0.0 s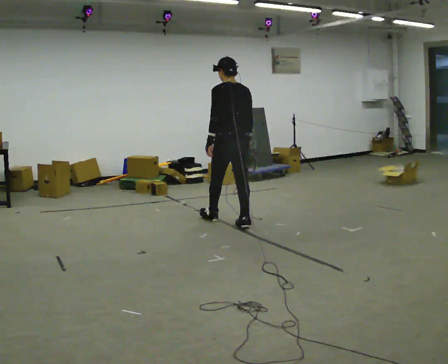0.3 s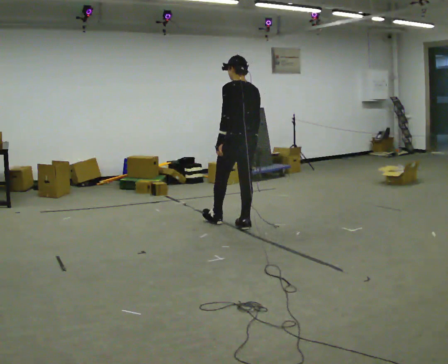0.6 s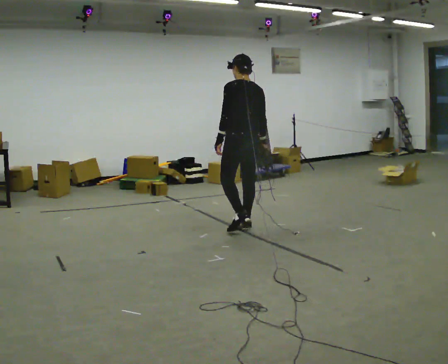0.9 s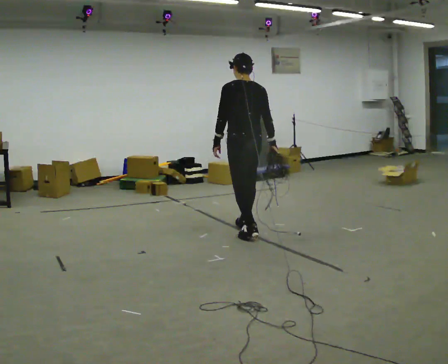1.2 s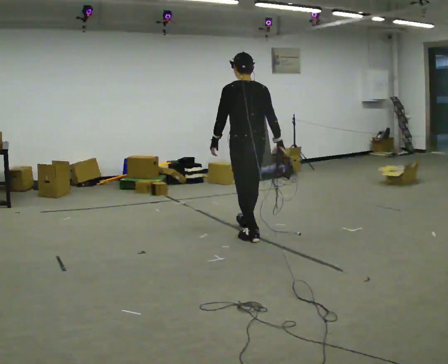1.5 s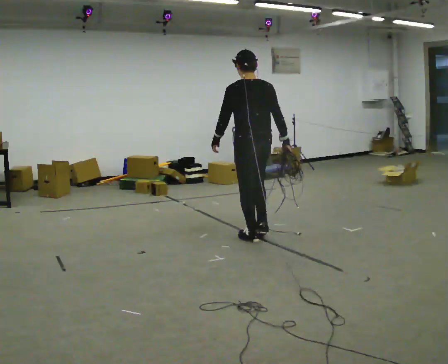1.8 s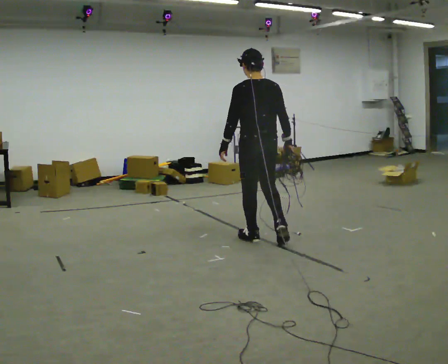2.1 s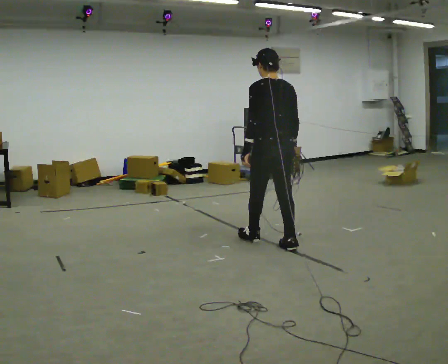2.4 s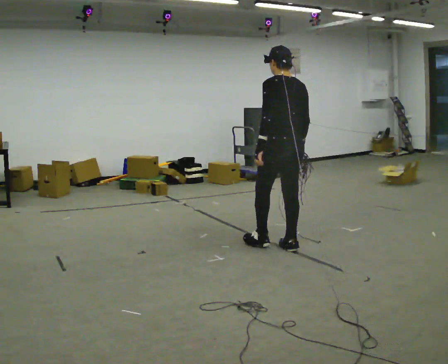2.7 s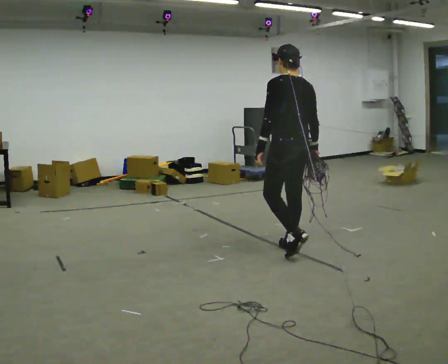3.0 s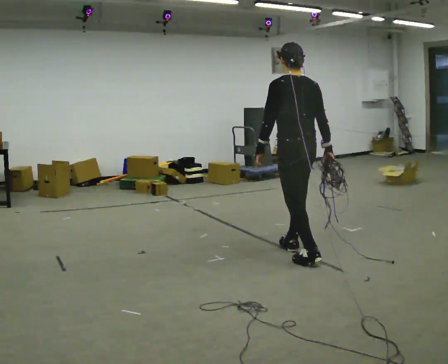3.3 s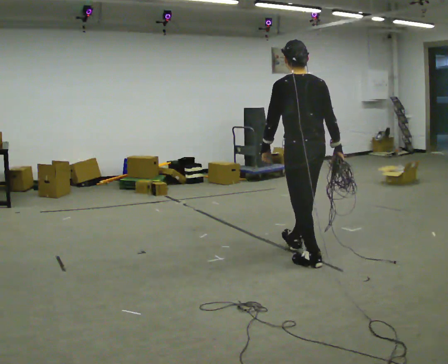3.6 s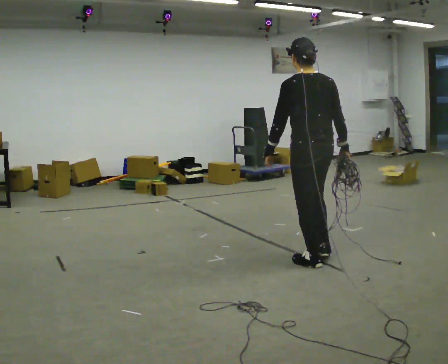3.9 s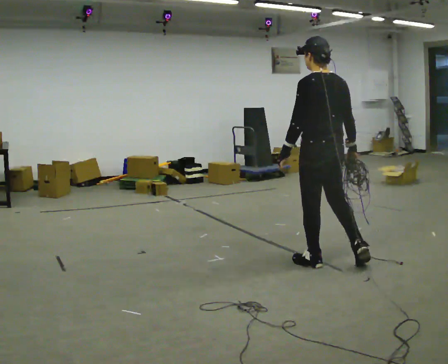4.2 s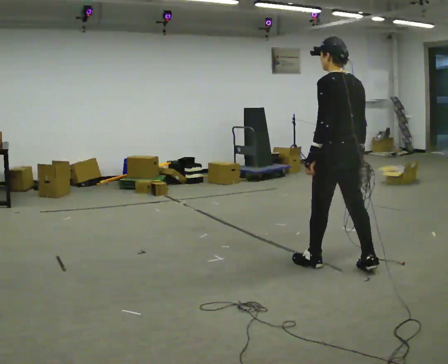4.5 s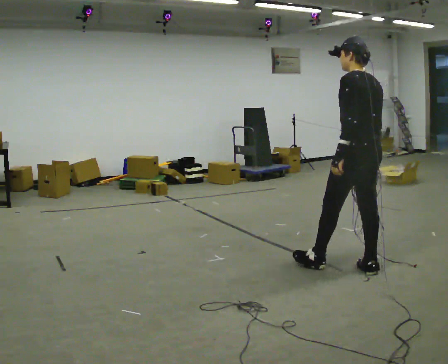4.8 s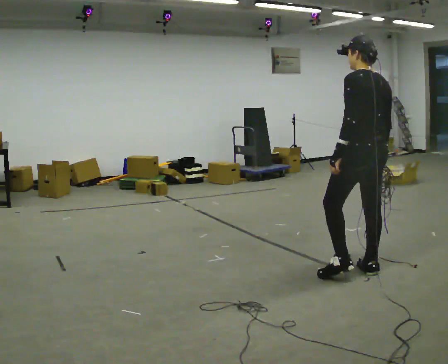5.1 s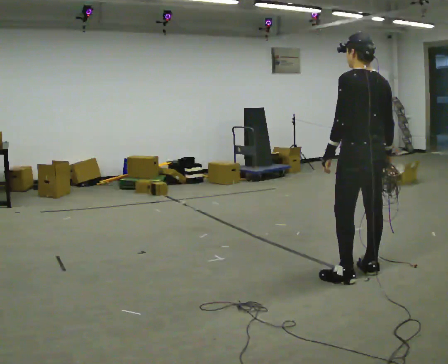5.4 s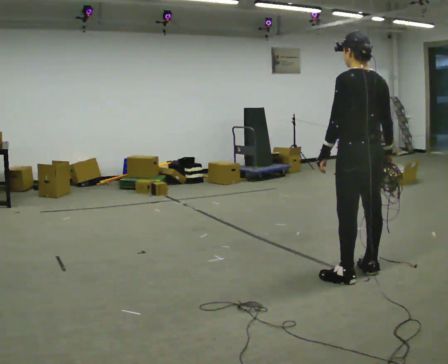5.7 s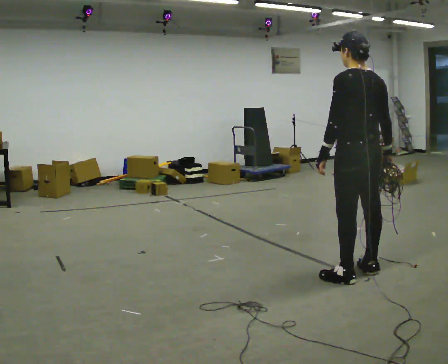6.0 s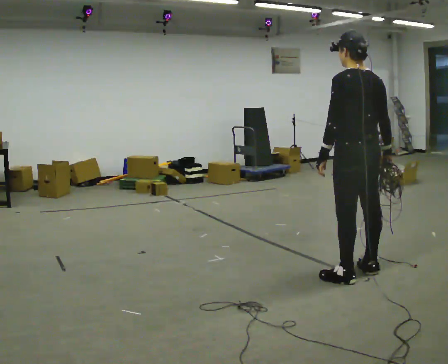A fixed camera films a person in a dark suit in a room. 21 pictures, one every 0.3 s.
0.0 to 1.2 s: In the picture they go toward the camera and to the right, about 0.5 m in 1 step, which for them is backward.
1.2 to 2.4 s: In the picture they go to the right and toward the camera, about 0.5 m in 2 steps, which for them is backward.
2.4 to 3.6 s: In the picture they go toward the camera and to the right, about 0.5 m in 1 step, which for them is backward.
3.6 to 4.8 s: In the picture they go to the right and toward the camera, about 0.5 m in 1 step, which for them is backward and to their right.
4.8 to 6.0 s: The person moves a little, or ends about where they began.
The film runs backward here.
